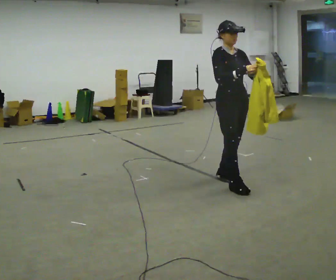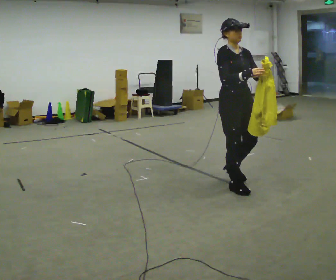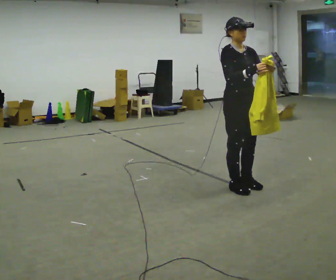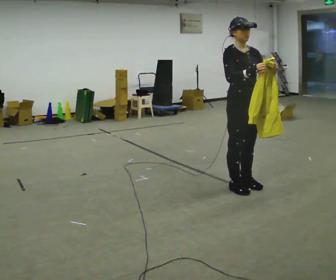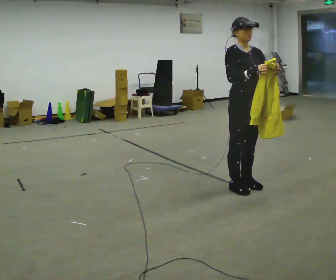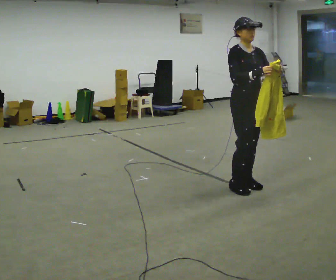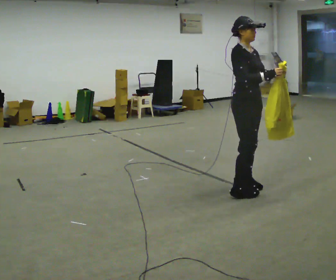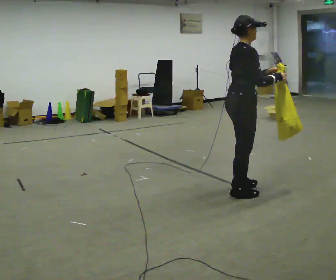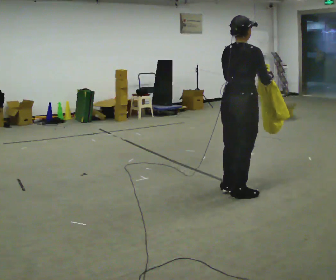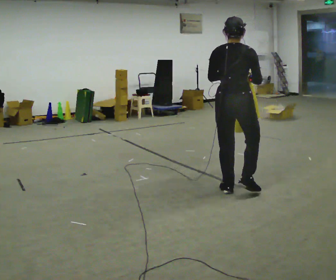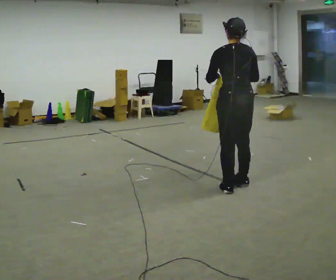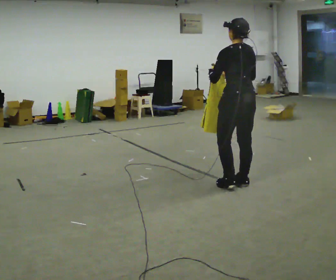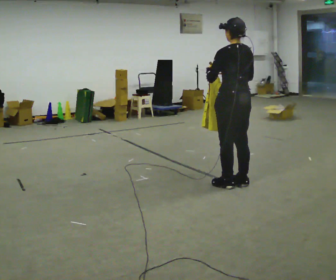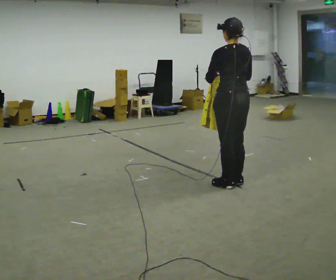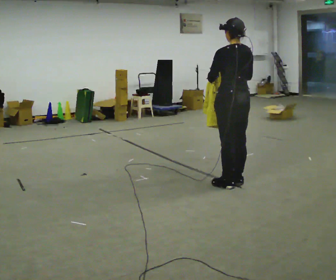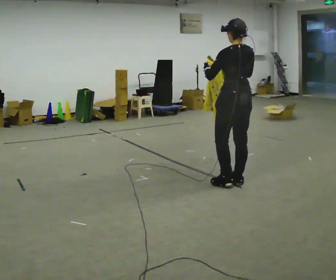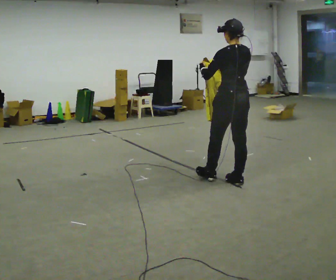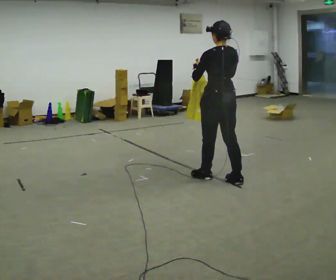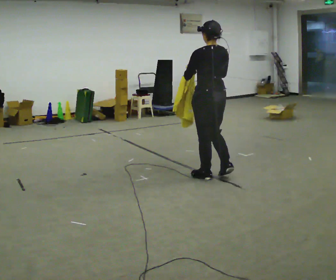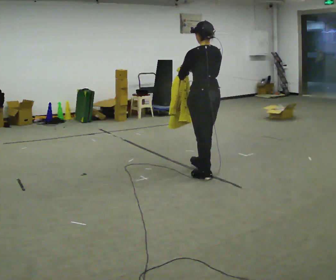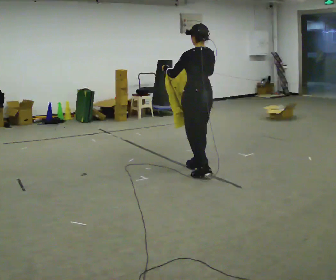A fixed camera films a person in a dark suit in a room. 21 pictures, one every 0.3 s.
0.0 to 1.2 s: In the picture they go toward the camera, about 0.25 m in 1 step, which for them is forward.
1.2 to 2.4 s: Seen from above the body turns counterclockwise, about 105 degrees: to their left, with its near side sliding to the right. In the picture they go toward the camera, about 0.25 m in 2 steps.
2.4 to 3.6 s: The person turns about 75 degrees to their left, counterclockwise seen from above, so the part of the body nearest the lens slides to the right. In the picture they go away from the camera, about 0.25 m in 1 step. In the picture their left hand goes to the left.
3.6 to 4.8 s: The person moves a little, or ends about where they began.
4.8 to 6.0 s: In the picture they go to the left and away from the camera, about 0.5 m in 2 steps, which for them is forward.
The film runs forward here.
